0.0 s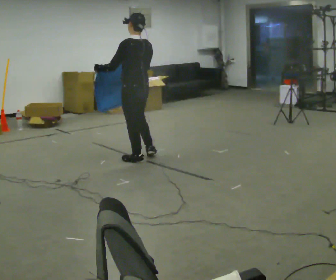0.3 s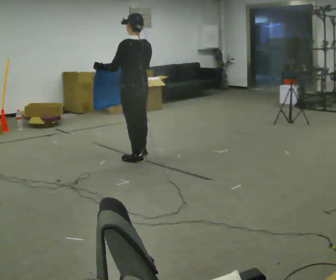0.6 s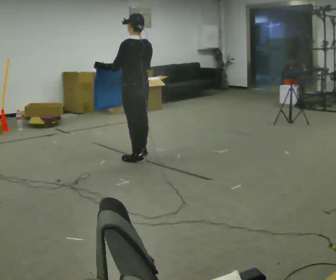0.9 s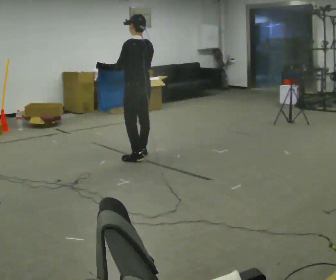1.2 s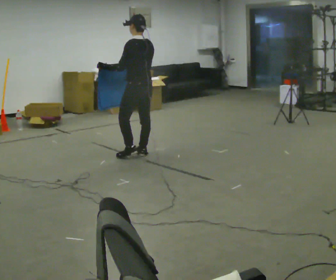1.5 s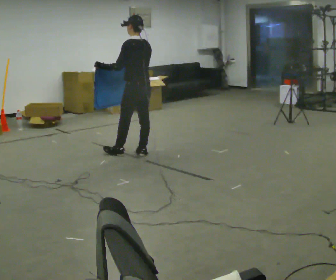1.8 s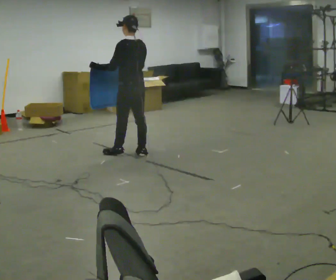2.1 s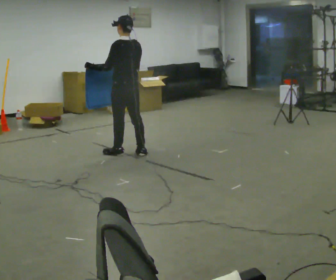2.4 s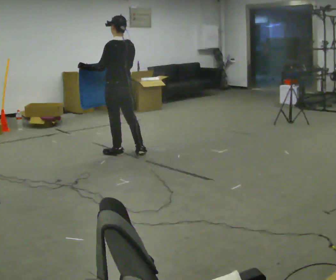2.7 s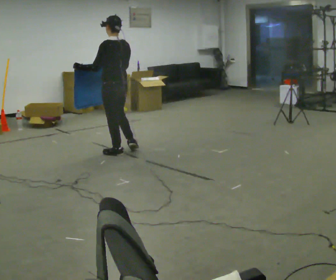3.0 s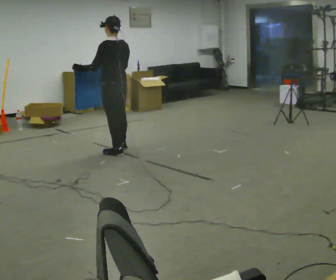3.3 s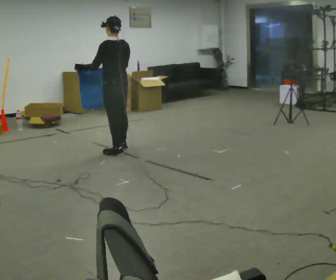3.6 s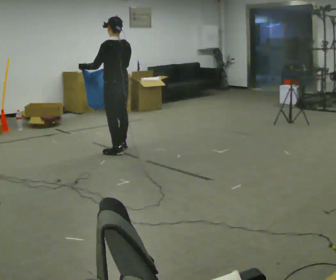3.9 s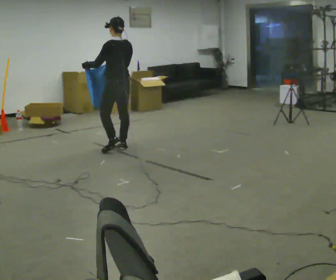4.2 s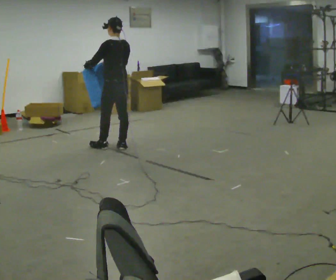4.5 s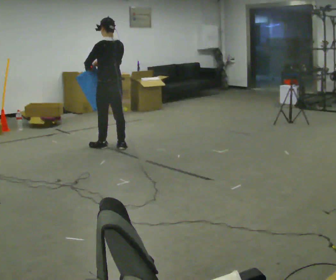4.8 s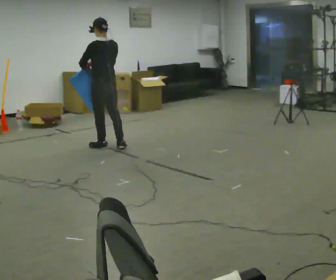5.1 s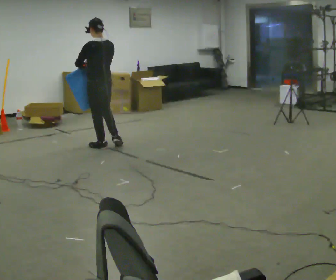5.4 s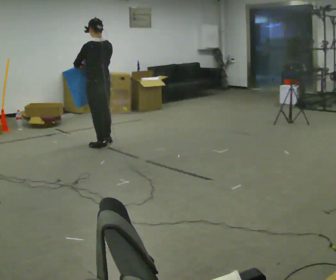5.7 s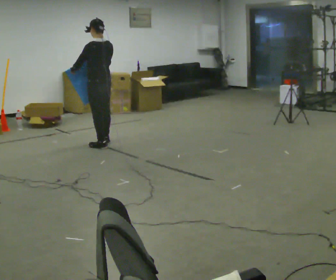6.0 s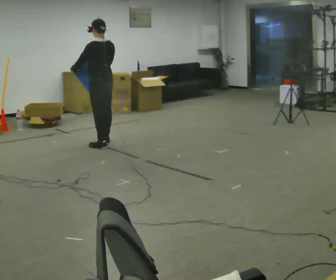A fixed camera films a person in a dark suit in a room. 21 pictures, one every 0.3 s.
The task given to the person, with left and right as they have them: Carry the cloth and, while walking, fold it in half, then unfold it. Keep repeating as you walk. Do not stop.
0.0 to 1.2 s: In the picture they go away from the camera, about 0.25 m in 1 step, which for them is to their right and forward.
1.2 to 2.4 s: In the picture they go to the left, about 0.25 m in 1 step, which for them is forward and to their left.
2.4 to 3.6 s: In the picture they go away from the camera, about 0.25 m in 1 step, which for them is forward.
3.6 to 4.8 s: In the picture they go to the left, about 0.25 m in 1 step, which for them is forward.
4.8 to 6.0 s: In the picture they go away from the camera, about 0.25 m in 1 step, which for them is forward.
The film runs forward here.
